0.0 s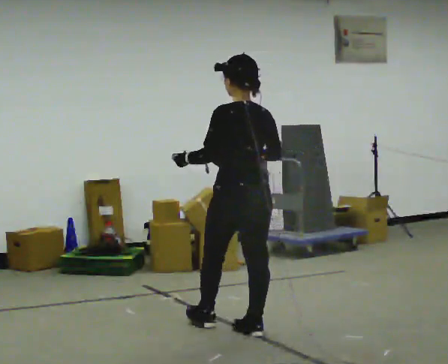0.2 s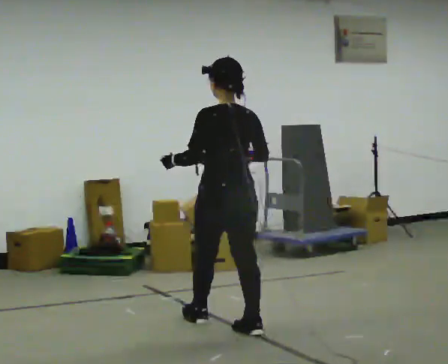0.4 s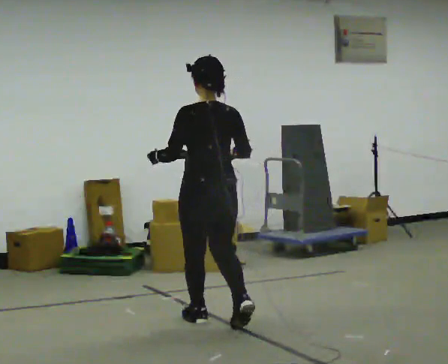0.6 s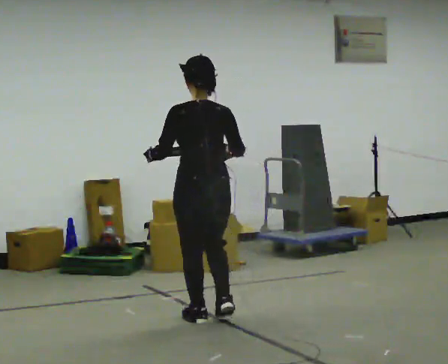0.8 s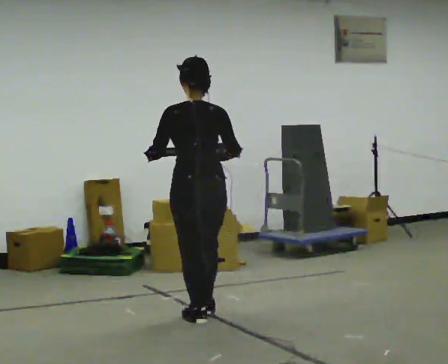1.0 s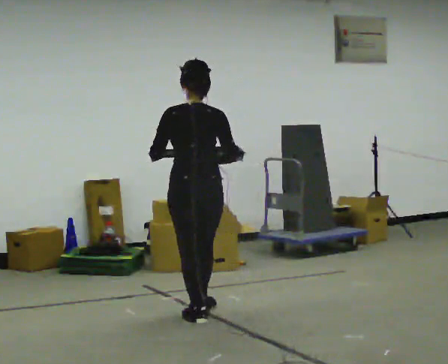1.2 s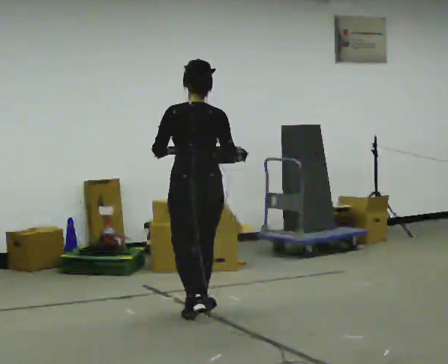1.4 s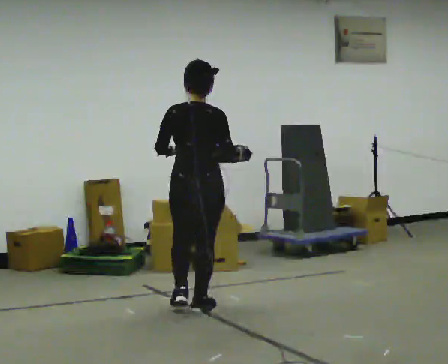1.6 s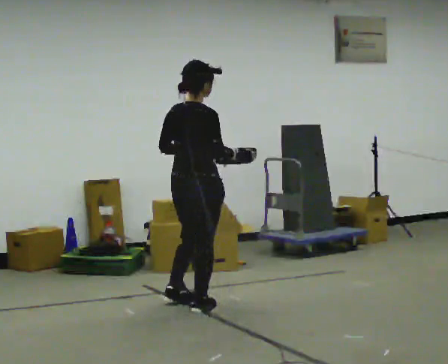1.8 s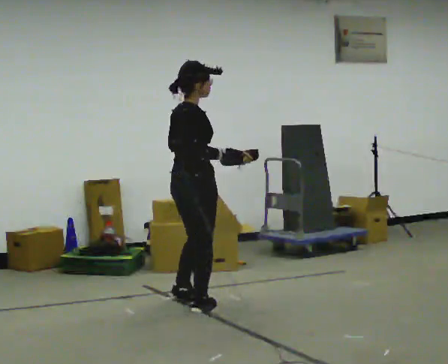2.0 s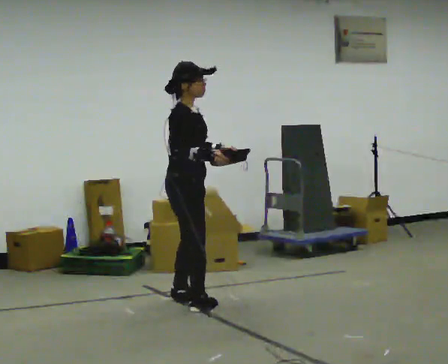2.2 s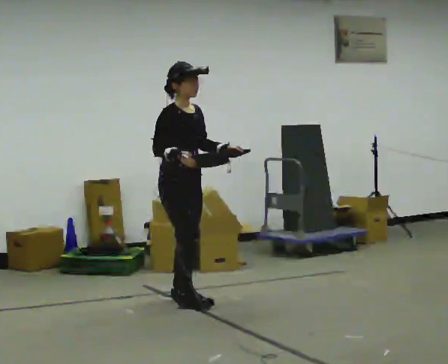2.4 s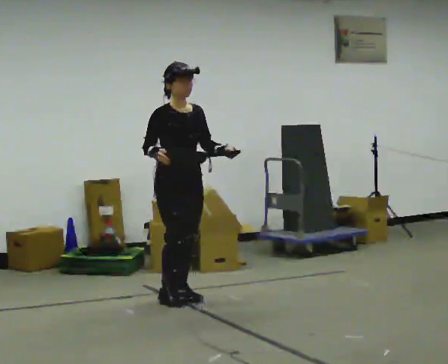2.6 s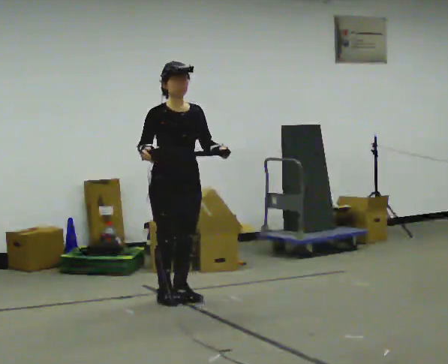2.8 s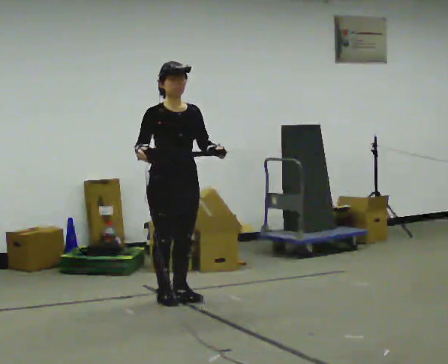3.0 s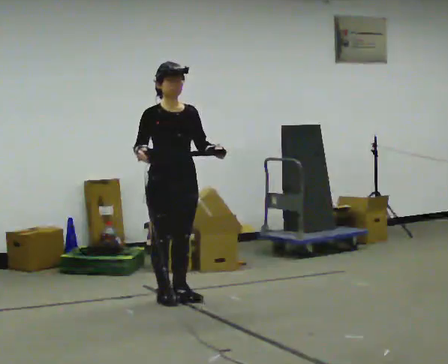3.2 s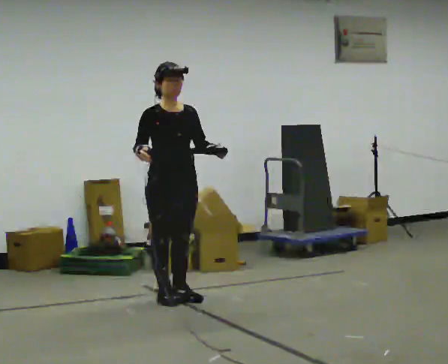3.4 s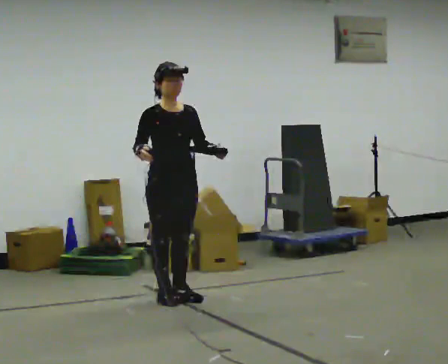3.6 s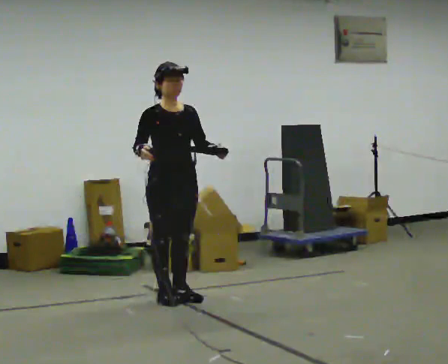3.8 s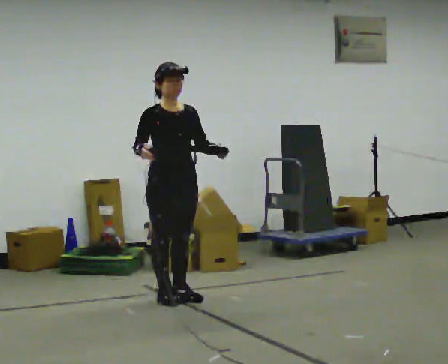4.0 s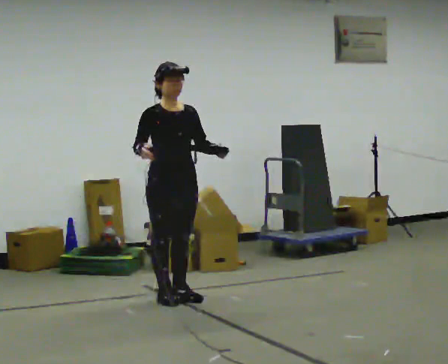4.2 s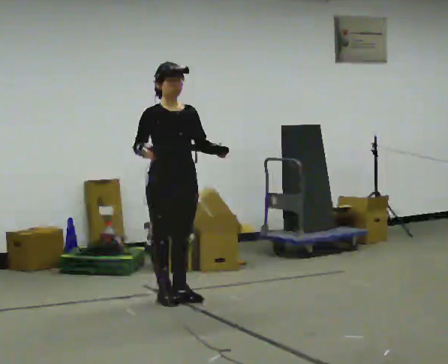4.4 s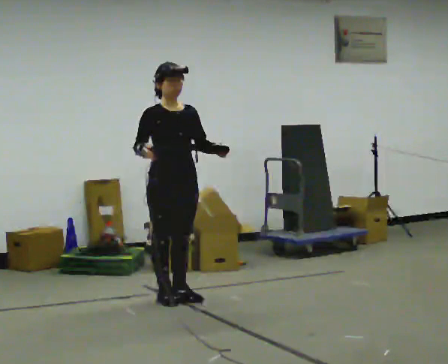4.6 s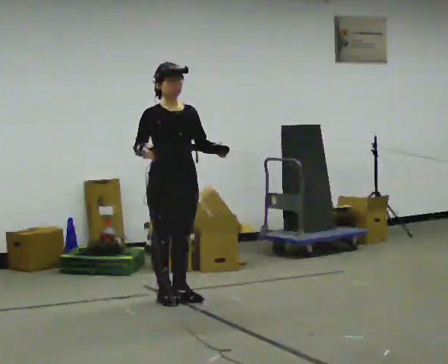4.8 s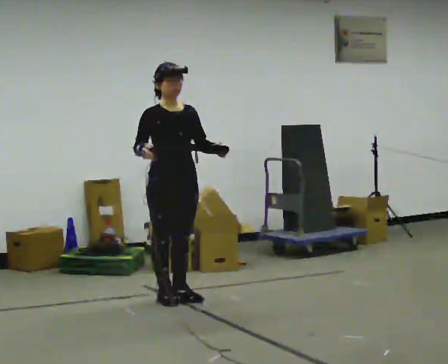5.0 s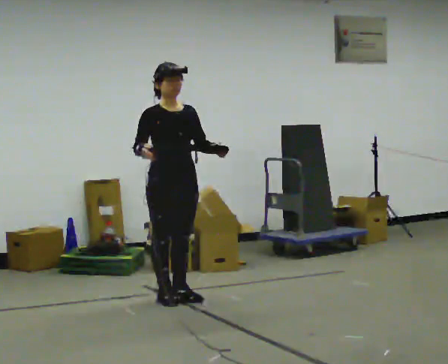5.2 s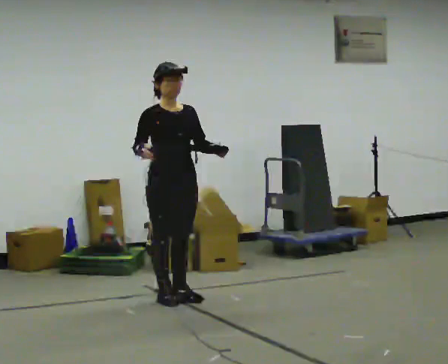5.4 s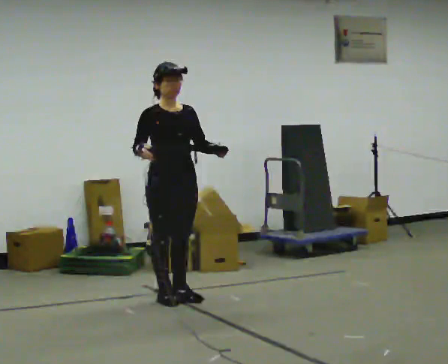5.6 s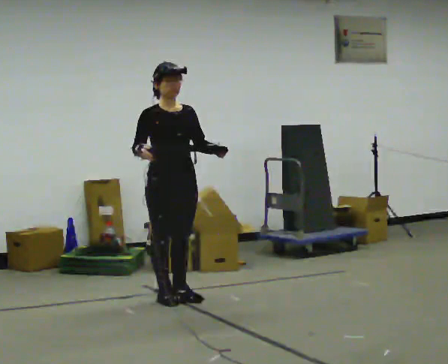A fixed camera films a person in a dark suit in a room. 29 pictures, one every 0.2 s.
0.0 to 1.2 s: The person turns about 30 degrees to their right, clockwise seen from above, so the part of the body nearest the lens slides to the left. In the picture they go away from the camera and to the left, about 0.5 m in 2 steps, which for them is forward.
1.2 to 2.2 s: Seen from above the body turns clockwise, about 120 degrees: to their right, with its near side sliding to the left. In the picture they go away from the camera, about 0.5 m in 1 step.
2.2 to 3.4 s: The part of the body nearest the lens slides to the left as the person turns to their right by about 30 degrees.
3.4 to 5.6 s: The person keeps their place and pose.
The film runs forward here.
